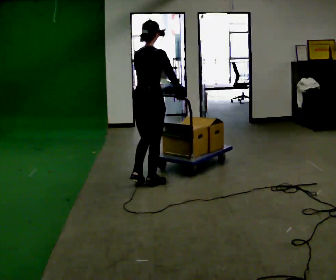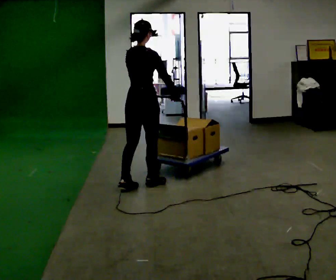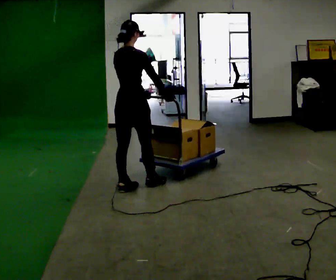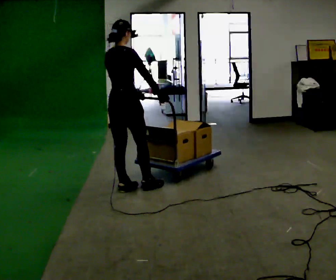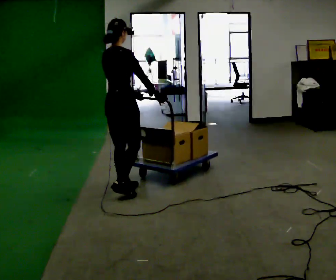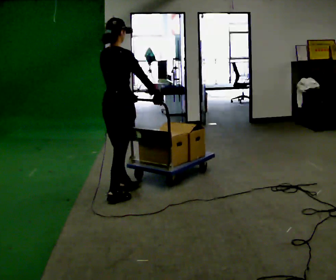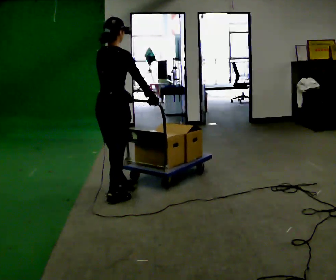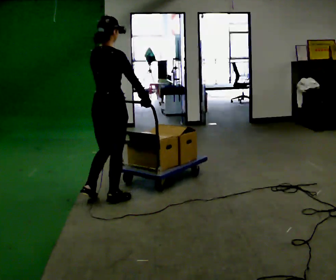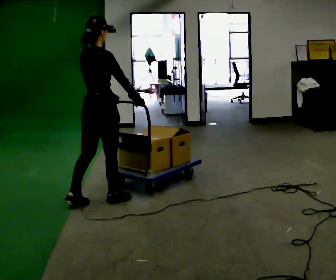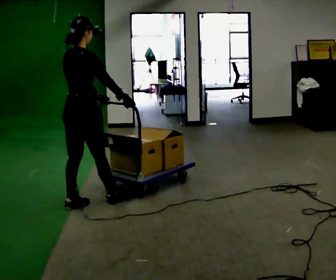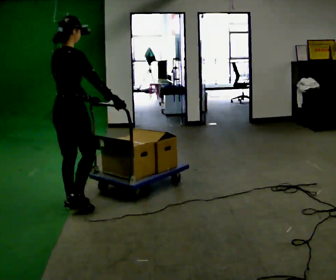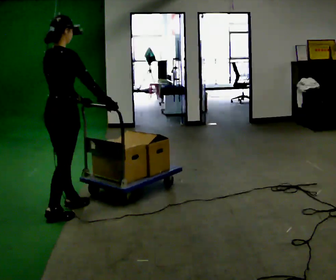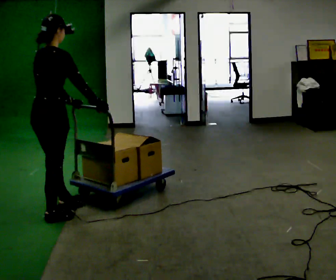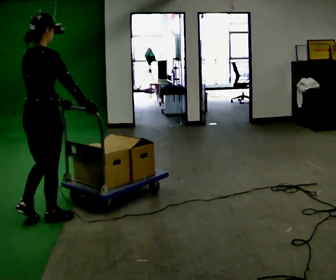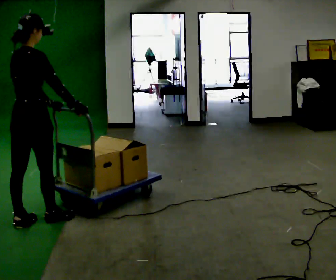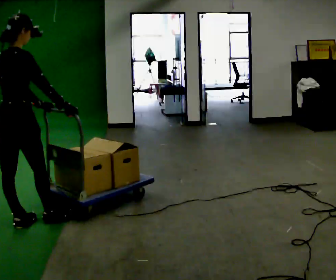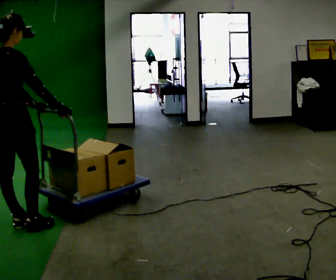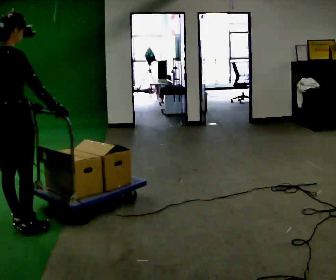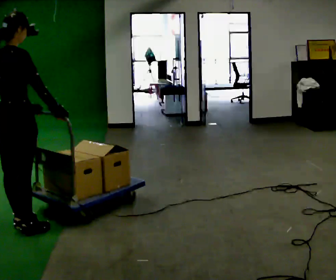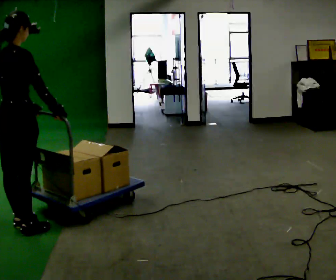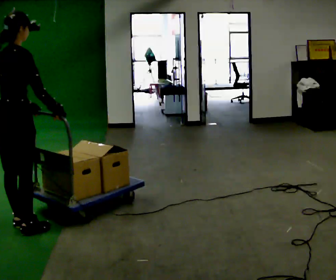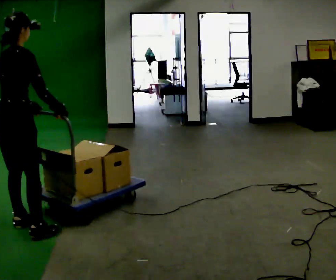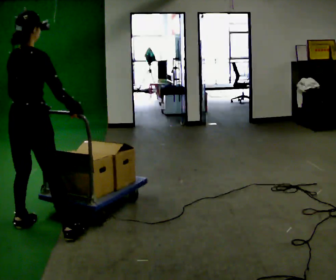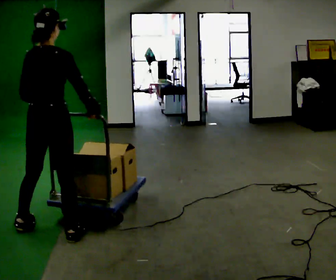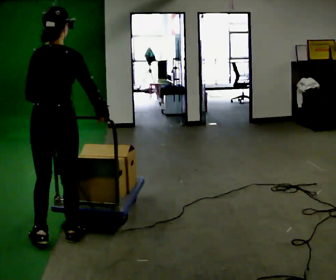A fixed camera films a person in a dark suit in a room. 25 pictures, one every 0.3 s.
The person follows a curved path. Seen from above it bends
counterclockwise.
The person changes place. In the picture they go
toward the camera.
0.0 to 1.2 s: In the picture they go to the left and toward the camera, about 0.25 m in 1 step, which for them is backward.
1.2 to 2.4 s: In the picture they go toward the camera and to the left, about 0.25 m in 1 step, which for them is backward.
2.4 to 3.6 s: In the picture they go to the left and toward the camera, about 0.5 m in 2 steps, which for them is backward.
3.6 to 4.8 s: In the picture they go to the left and toward the camera, about 0.25 m in 1 step, which for them is backward.
4.8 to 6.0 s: The person moves a little, or ends about where they began.
6.0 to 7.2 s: The person turns about 30 degrees to their left, counterclockwise seen from above, so the part of the body nearest the lens slides to the right. In the picture they go to the right and toward the camera, about 0.5 m in 2 steps, which for them is to their right.
The film runs backward here.
